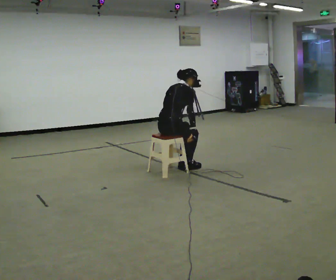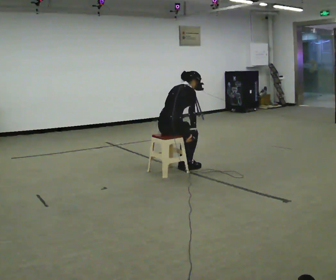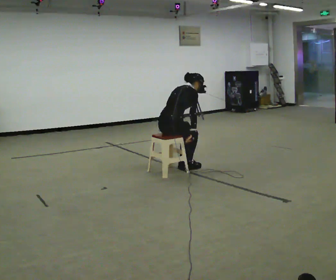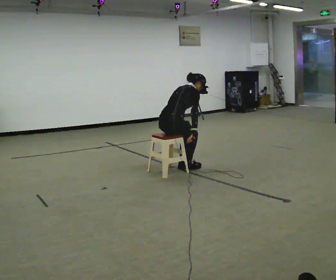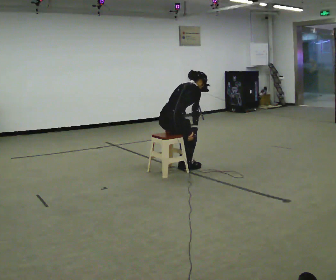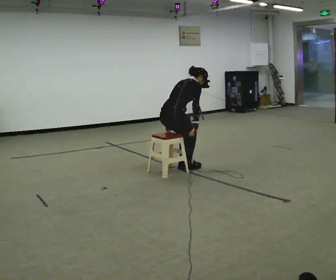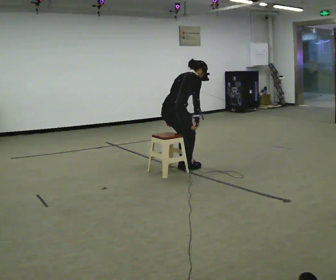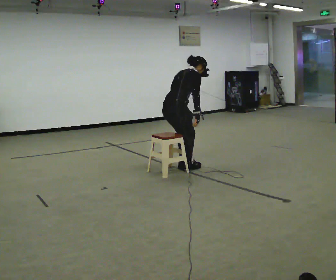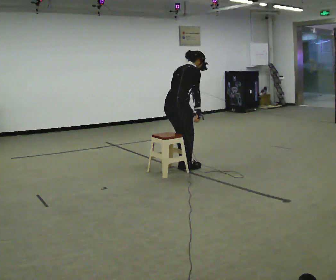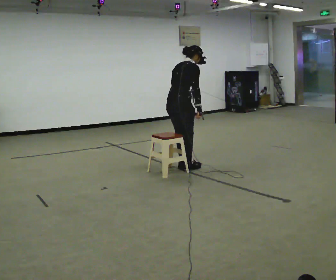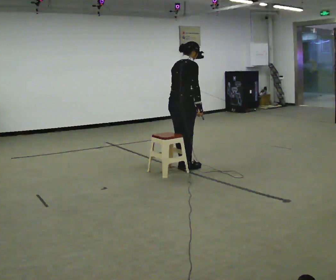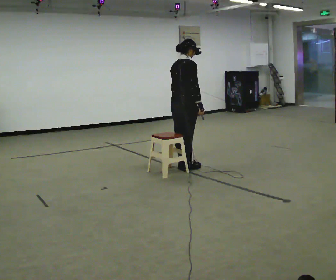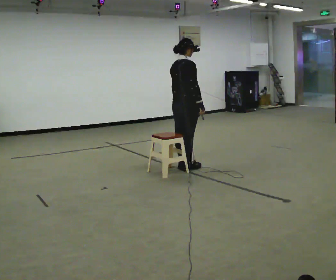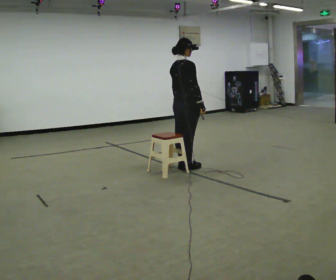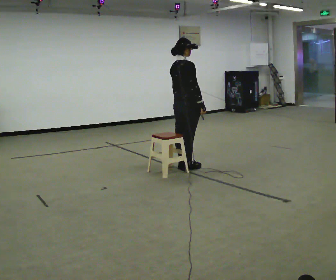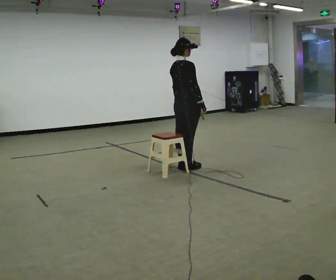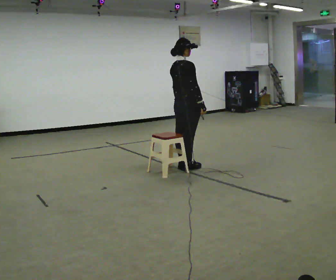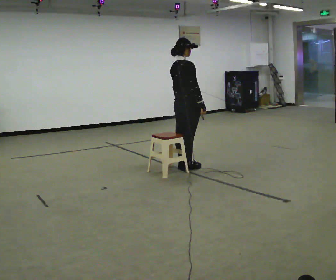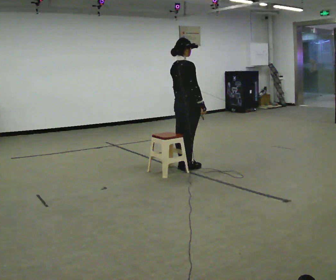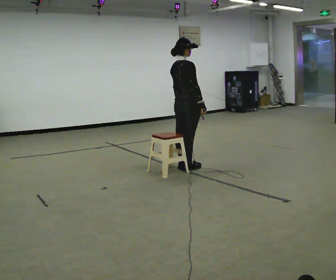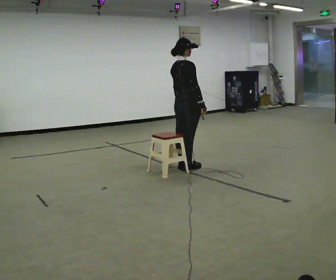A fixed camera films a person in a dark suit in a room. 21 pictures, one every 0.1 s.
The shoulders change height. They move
upward.
0.0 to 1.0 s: The upper body goes upward.
1.0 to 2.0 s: In the picture the upper body tilts counterclockwise, shoulders to the left, as they lean back or straighten.
The film runs backward here.
